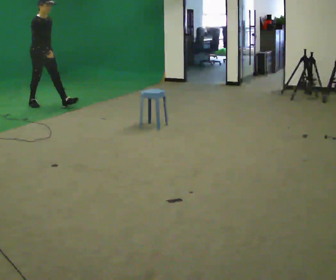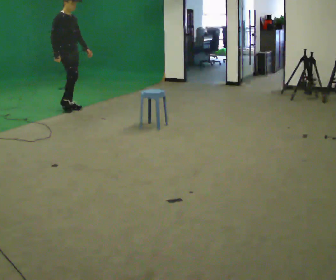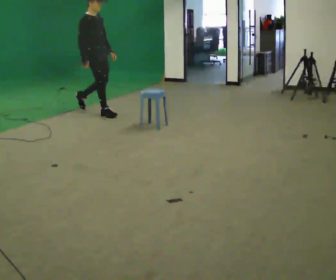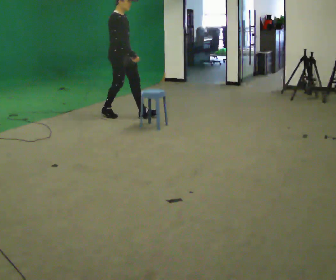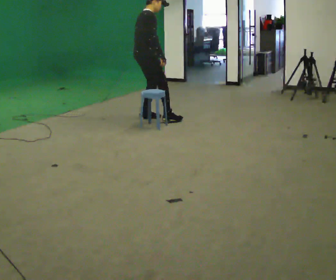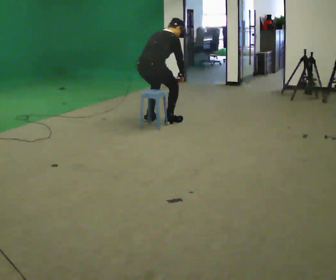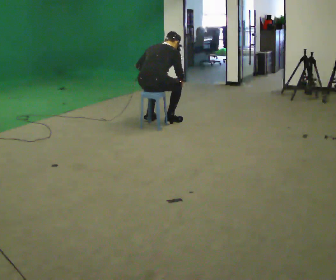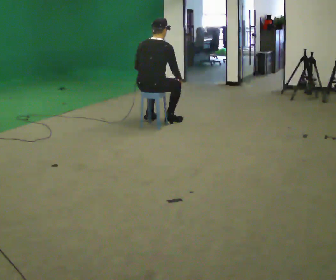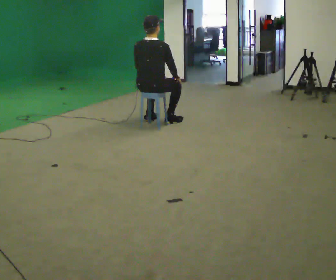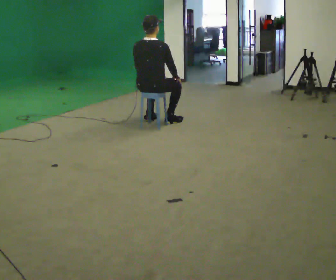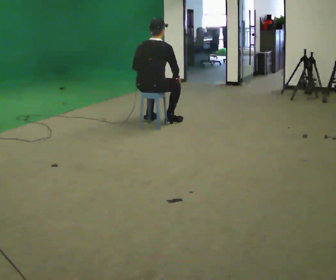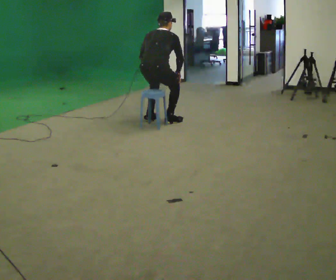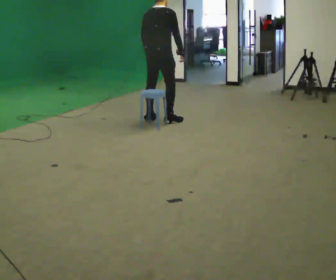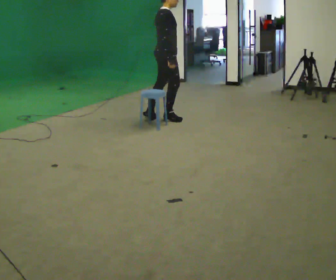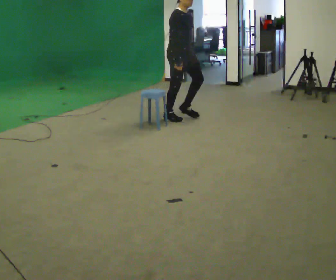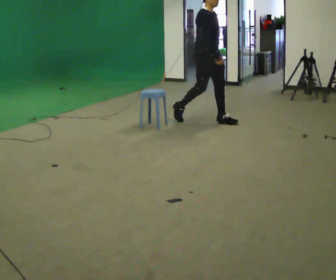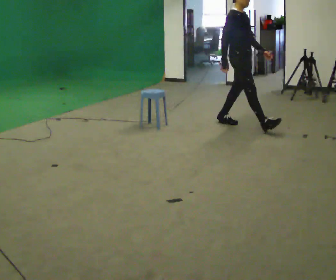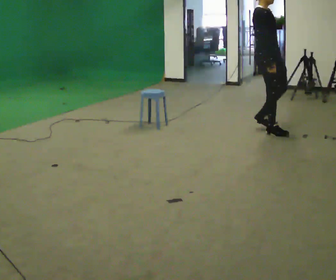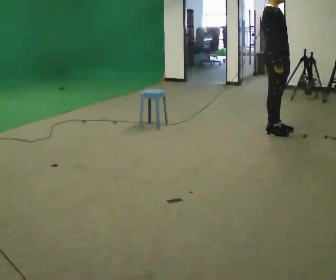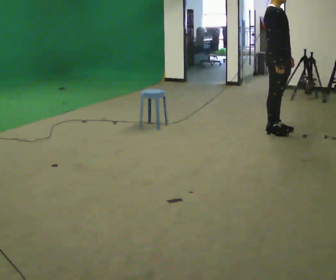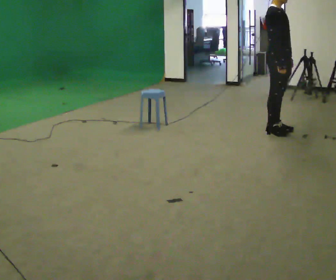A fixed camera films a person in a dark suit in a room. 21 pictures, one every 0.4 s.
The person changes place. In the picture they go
to the right.
0.0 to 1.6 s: The person turns about 45 degrees to their left, counterclockwise seen from above, so the part of the body nearest the lens slides to the right. In the picture they go to the right and toward the camera, about 2 m in 3 steps, which for them is forward.
1.6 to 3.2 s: Seen from above the body turns counterclockwise, about 45 degrees: to their left, with its near side sliding to the right. In the picture they go toward the camera, about 0.25 m in 2 steps, which for them is backward and to their right.
3.2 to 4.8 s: In the picture they go away from the camera, about 0.25 m, which for them is forward. The shoulders move upward.
4.8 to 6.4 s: Seen from above the body turns clockwise, about 75 degrees: to their right, with its near side sliding to the left. In the picture they go to the right and toward the camera, about 1 m in 2 steps.
6.4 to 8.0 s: In the picture they go to the right and toward the camera, about 0.5 m in 2 steps, which for them is forward.
The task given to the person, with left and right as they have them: Walk to chair; sit ~2 s; stand; walk away.
The film runs forward here.
